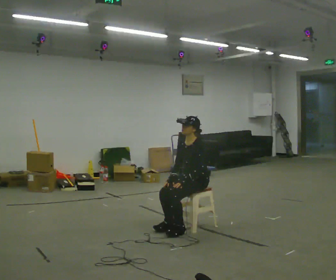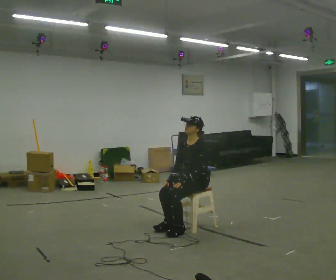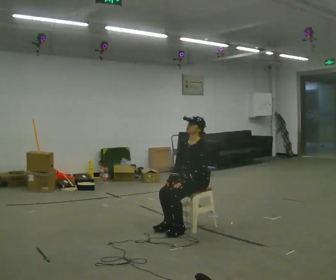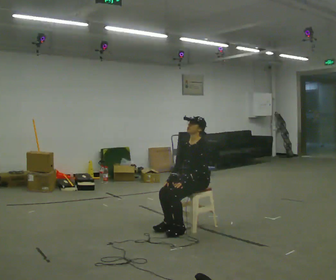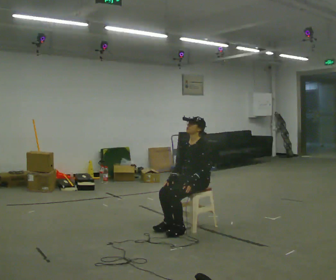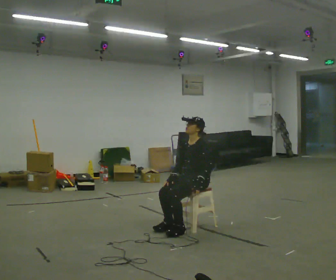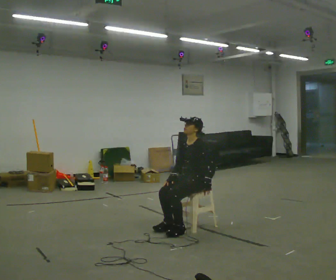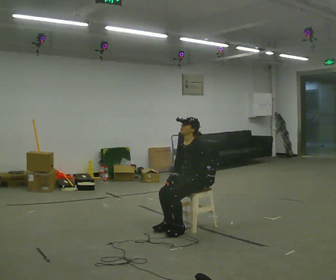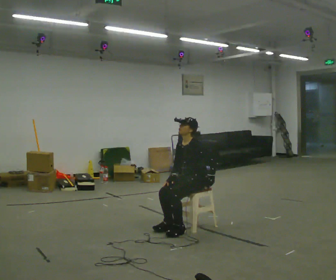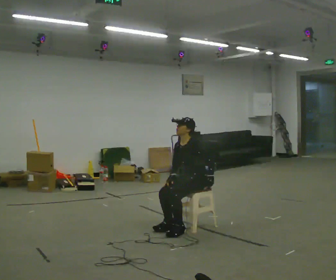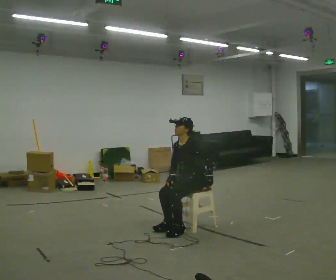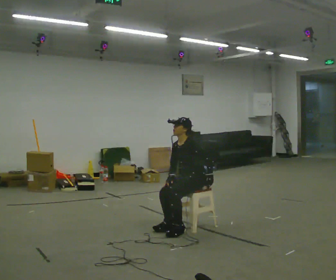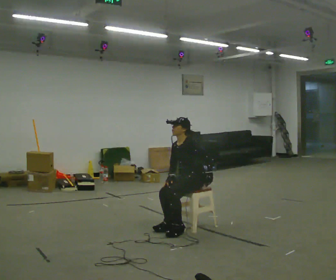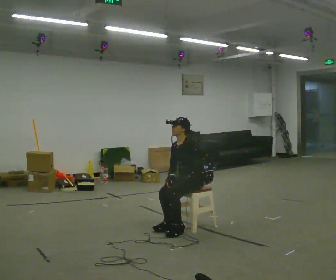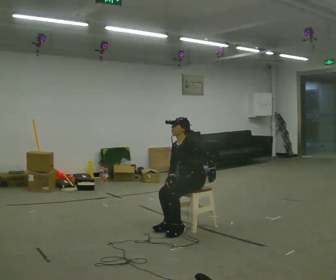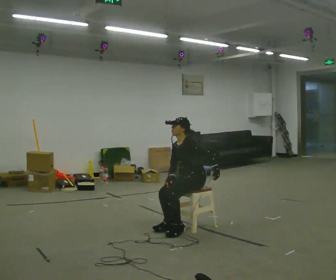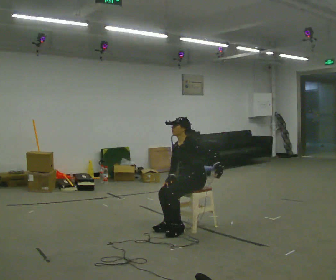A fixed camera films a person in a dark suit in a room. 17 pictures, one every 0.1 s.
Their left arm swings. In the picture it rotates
counterclockwise.
0.0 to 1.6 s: In the picture their left hand goes to the right, the arm swinging counterclockwise.
The film runs forward here.
